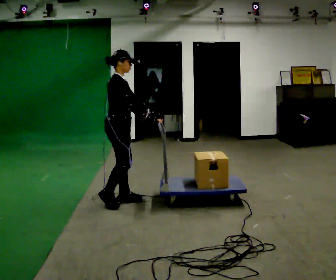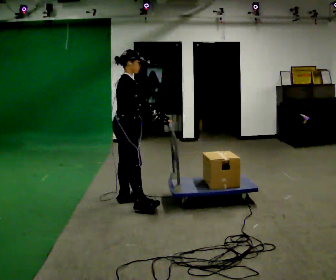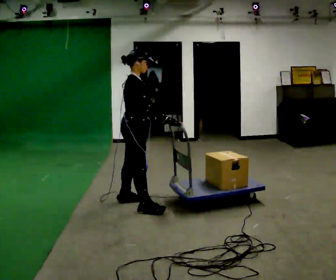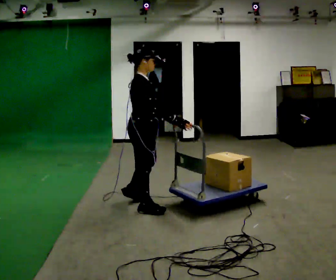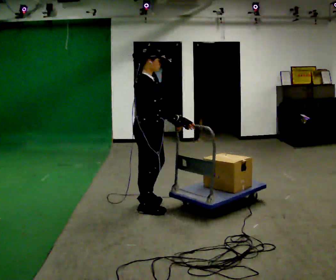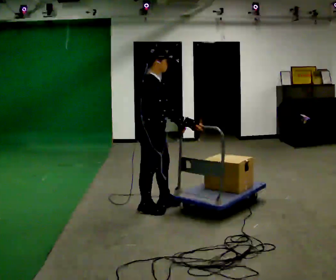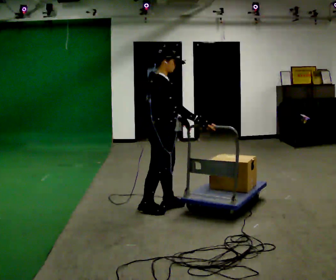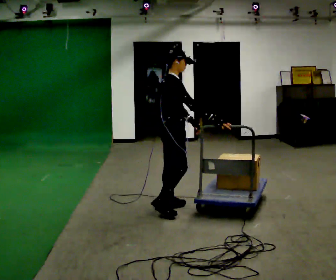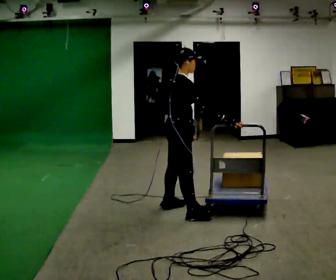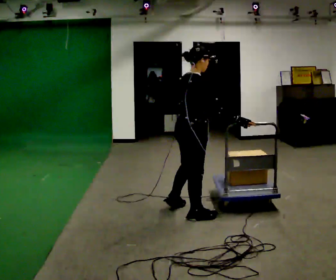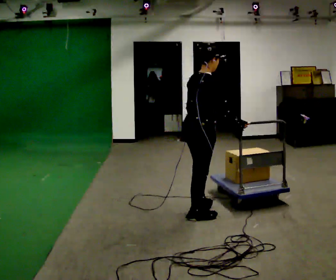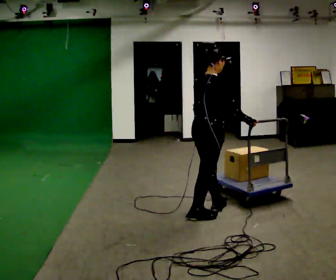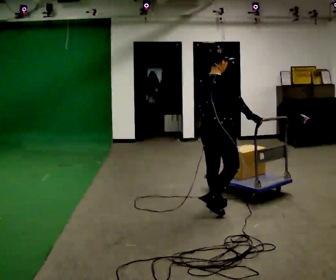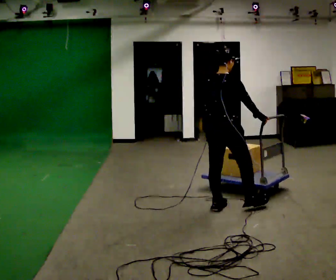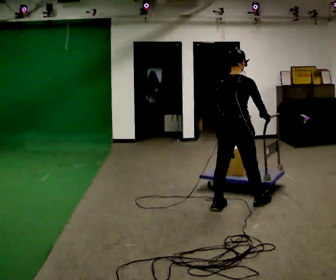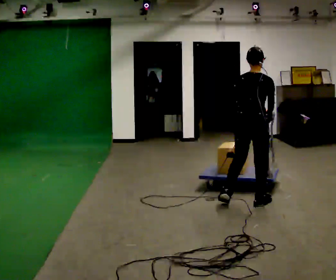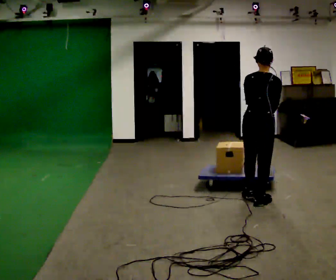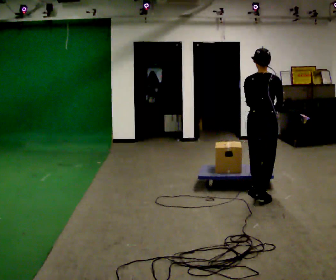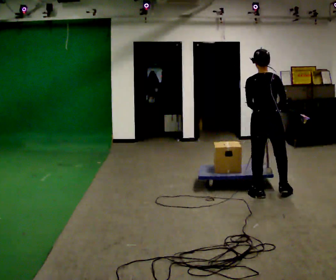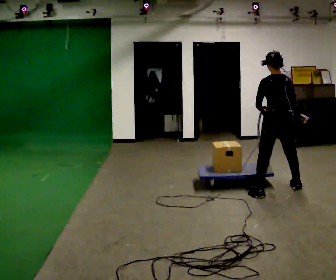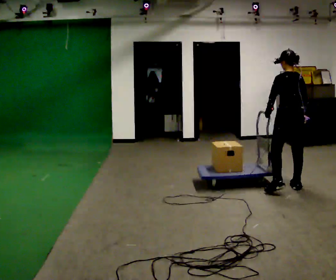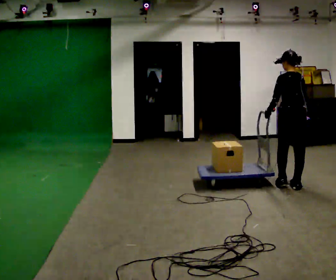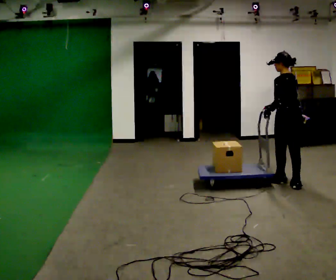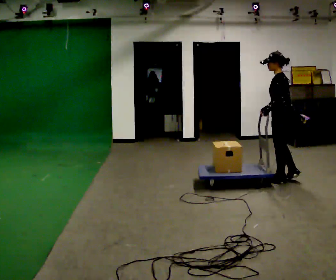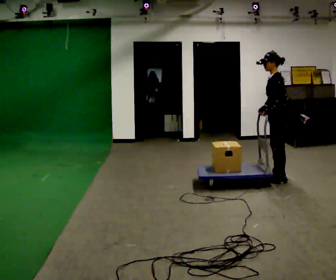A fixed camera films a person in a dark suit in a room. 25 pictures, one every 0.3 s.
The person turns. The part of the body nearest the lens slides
to the right.
The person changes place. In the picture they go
to the right.
0.0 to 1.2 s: In the picture they go to the right and toward the camera, about 0.5 m in 1 step, which for them is forward and to their right.
1.2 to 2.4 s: In the picture they go to the right, about 0.25 m in 1 step, which for them is forward.
2.4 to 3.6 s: The person turns about 30 degrees to their left, counterclockwise seen from above, so the part of the body nearest the lens slides to the right. In the picture they go to the right, about 0.25 m in 2 steps, which for them is forward and to their right.
3.6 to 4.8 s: The person turns about 30 degrees to their left, counterclockwise seen from above, so the part of the body nearest the lens slides to the right. In the picture they go to the right and away from the camera, about 0.5 m in 1 step, which for them is forward and to their right.
4.8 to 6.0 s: The part of the body nearest the lens slides to the right as the person turns to their left by about 30 degrees. In the picture they go away from the camera and to the right, about 0.5 m in 2 steps, which for them is to their right and forward.
6.0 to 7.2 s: Seen from above the body turns counterclockwise, about 60 degrees: to their left, with its near side sliding to the right. In the picture they go away from the camera, about 0.5 m in 2 steps.
The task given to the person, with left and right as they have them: Stand still with your hands on the cart. When the operator says go, get it moving, push it a few metres, then bring it to a stop. Repeat until the operator says stop.
The film runs forward here.
